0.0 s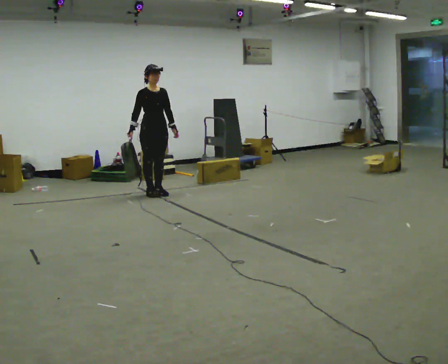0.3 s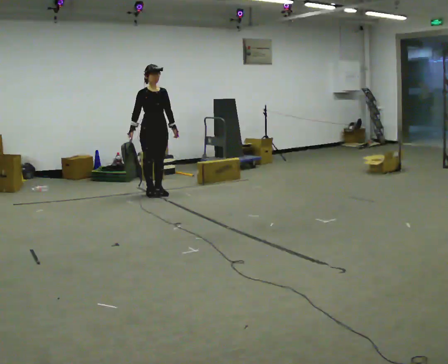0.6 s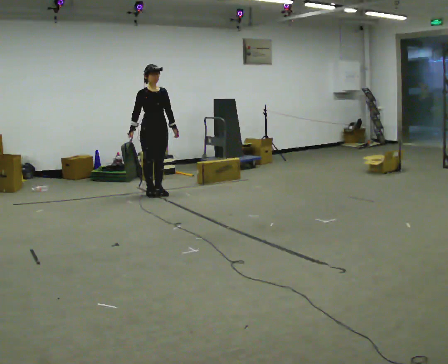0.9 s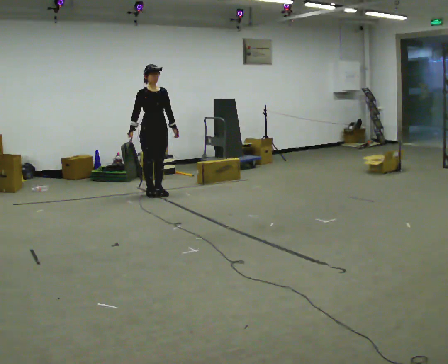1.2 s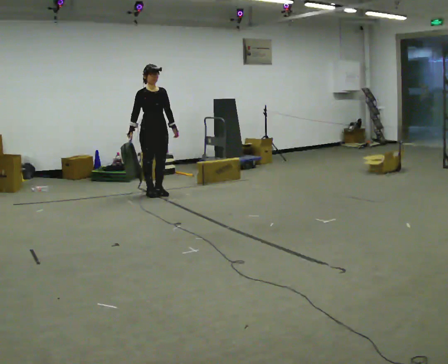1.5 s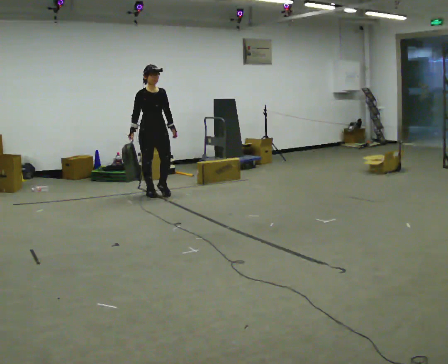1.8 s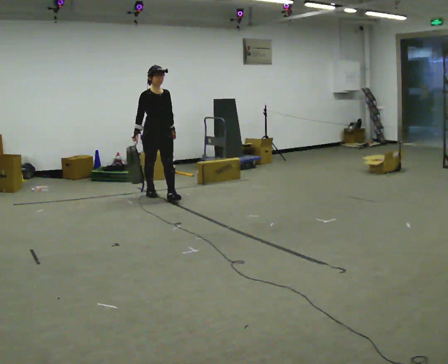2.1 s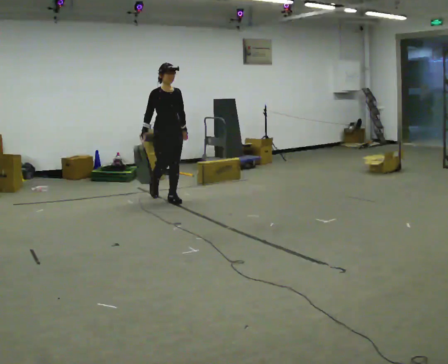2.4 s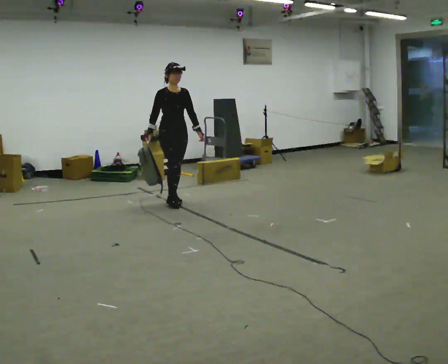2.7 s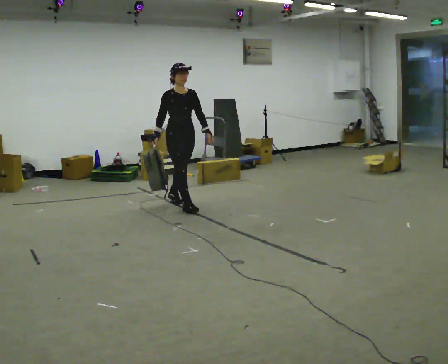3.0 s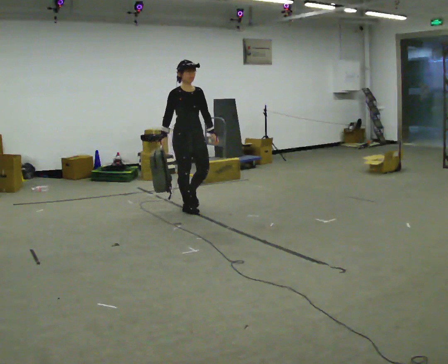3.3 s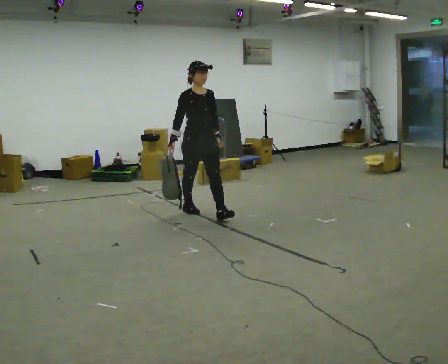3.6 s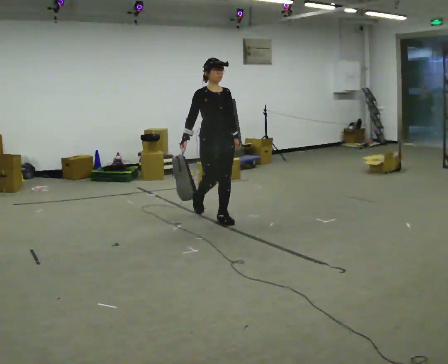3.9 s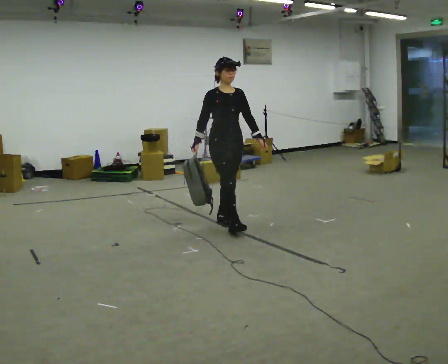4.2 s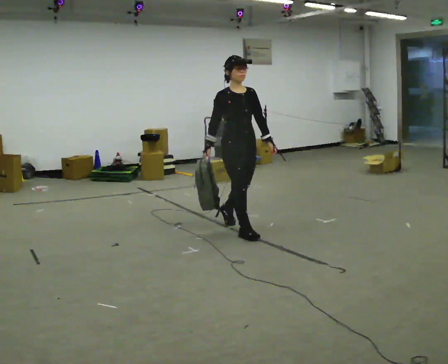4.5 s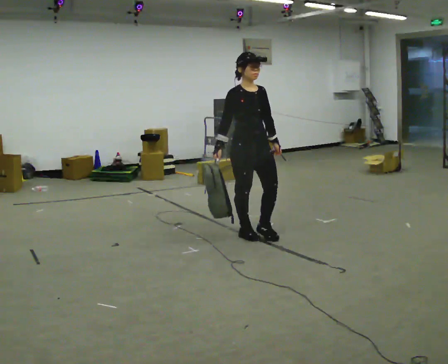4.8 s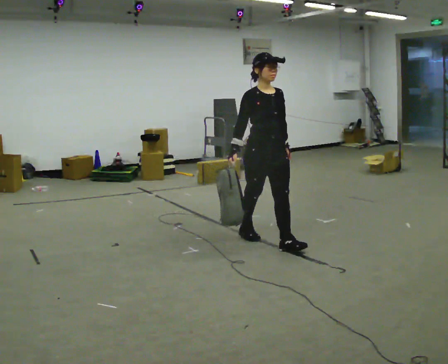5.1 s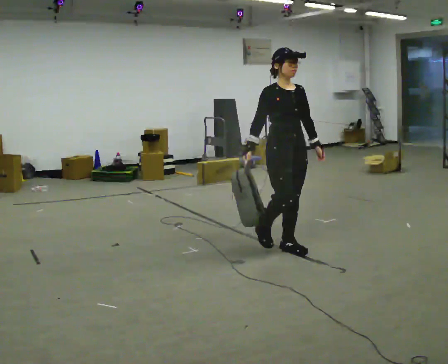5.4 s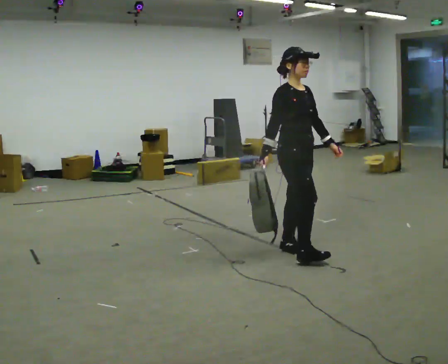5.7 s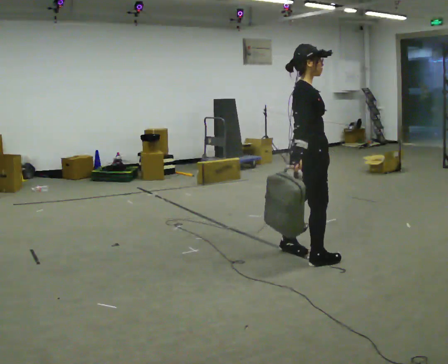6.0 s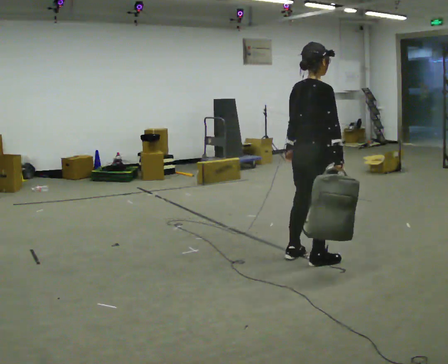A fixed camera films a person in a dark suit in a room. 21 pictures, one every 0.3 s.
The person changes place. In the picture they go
toward the camera.
0.0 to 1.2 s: The person moves a little, or ends about where they began.
1.2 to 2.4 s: In the picture they go toward the camera and to the right, about 0.5 m in 1 step, which for them is forward.
2.4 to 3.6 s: In the picture they go toward the camera and to the right, about 1 m in 2 steps, which for them is forward.
3.6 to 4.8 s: In the picture they go toward the camera and to the right, about 1 m in 2 steps, which for them is forward.
4.8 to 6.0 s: Seen from above the body turns counterclockwise, about 105 degrees: to their left, with its near side sliding to the right. In the picture they go toward the camera and to the right, about 0.5 m in 1 step.
The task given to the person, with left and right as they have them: Carry the soft bag across the room, back and forth. It will change shape as you move, so hold it however works.
The film runs forward here.
